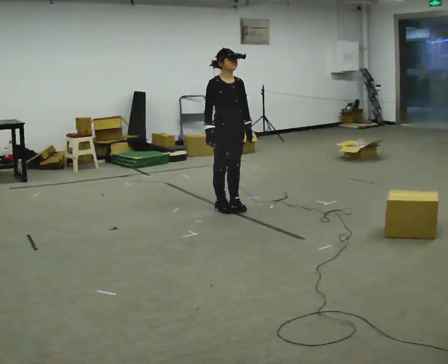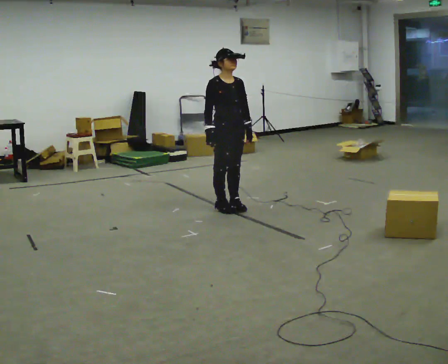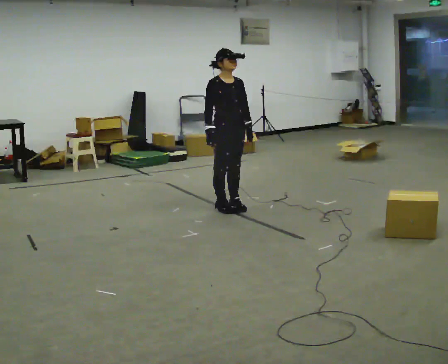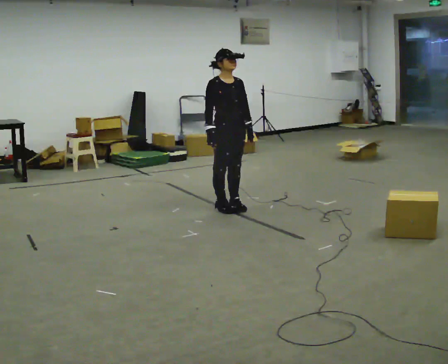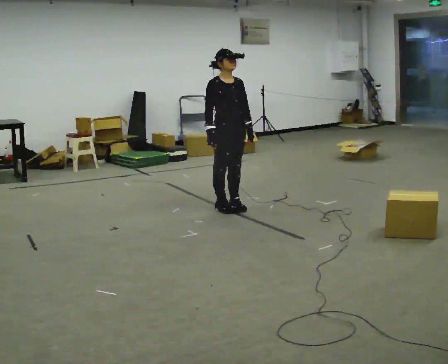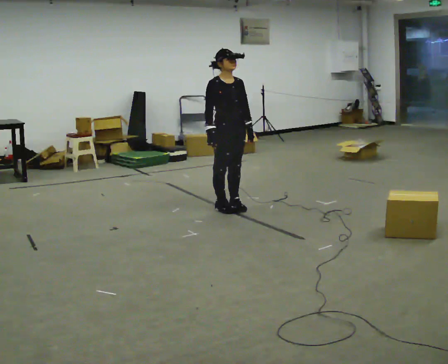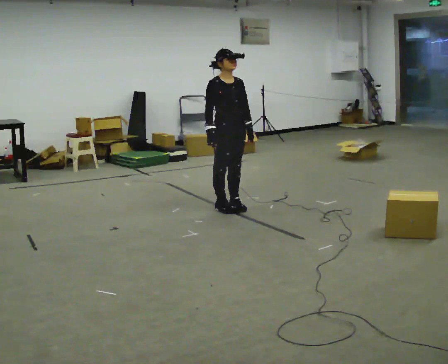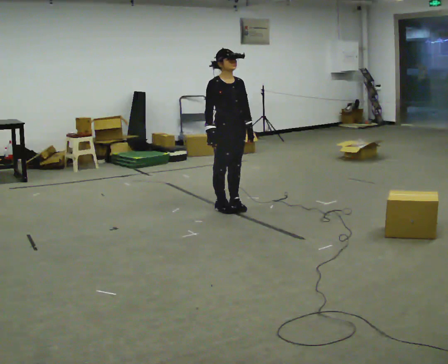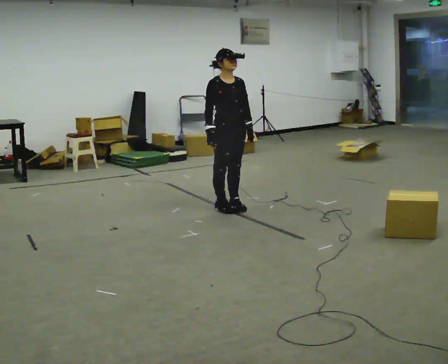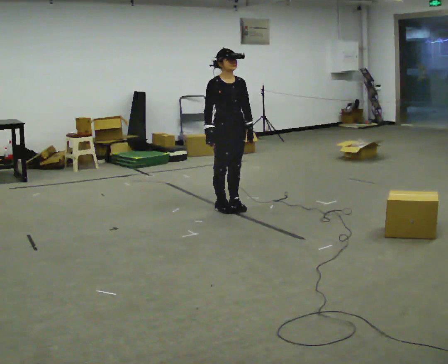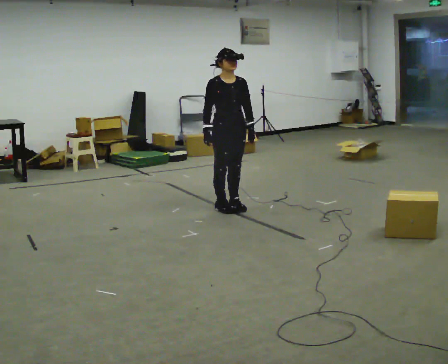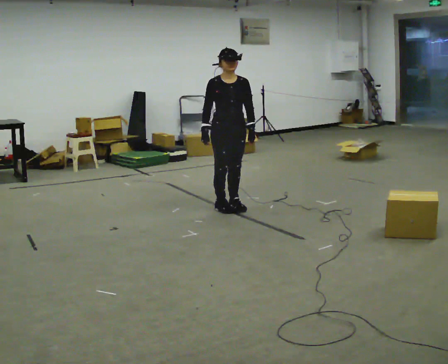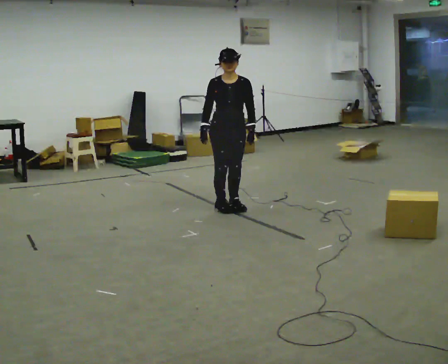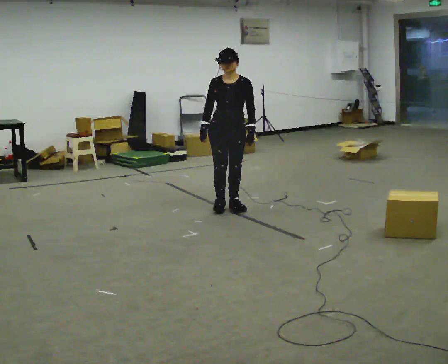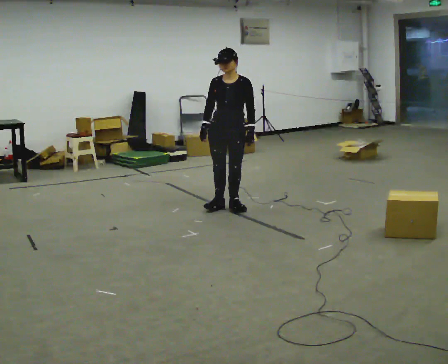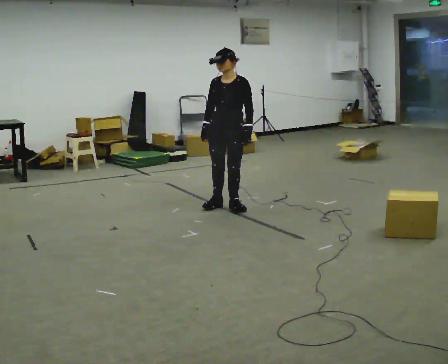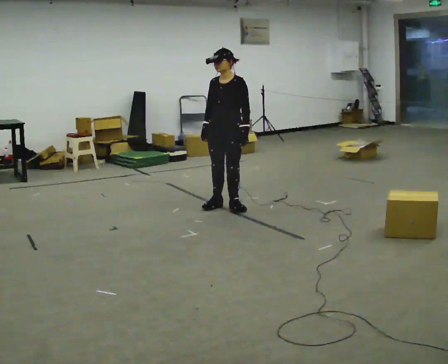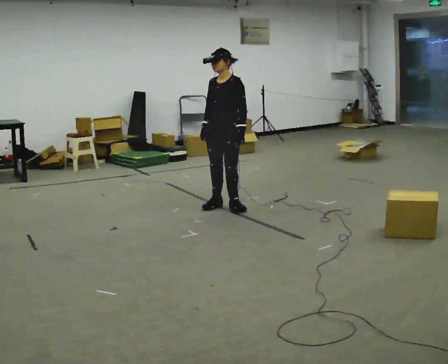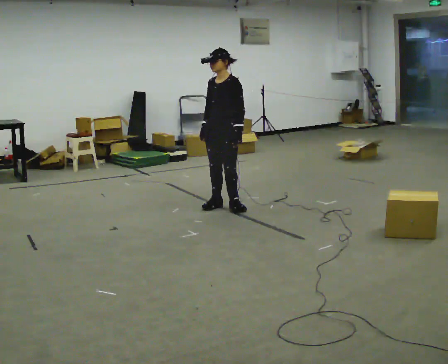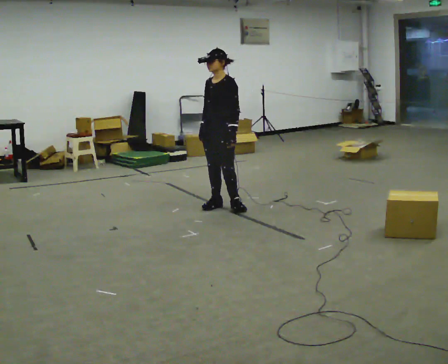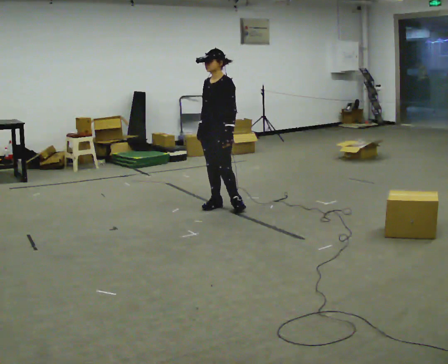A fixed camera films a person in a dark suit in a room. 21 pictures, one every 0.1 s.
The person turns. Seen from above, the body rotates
clockwise.
The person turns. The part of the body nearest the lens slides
to the left.
0.0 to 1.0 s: The person moves a little, or ends about where they began.
1.0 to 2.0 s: The person turns about 75 degrees to their right, clockwise seen from above, so the part of the body nearest the lens slides to the left.
The film runs forward here.
